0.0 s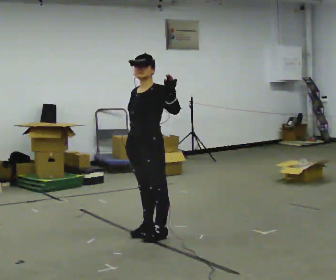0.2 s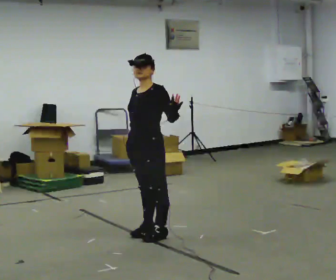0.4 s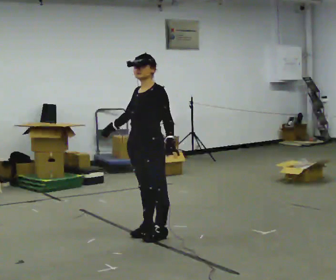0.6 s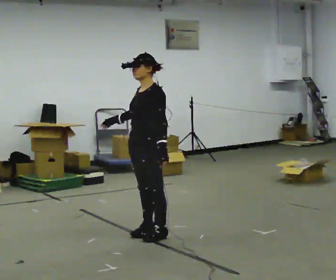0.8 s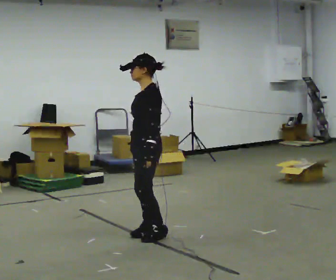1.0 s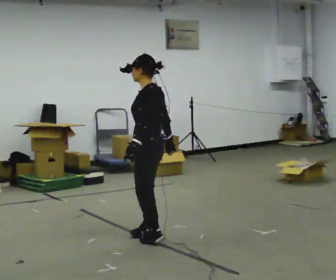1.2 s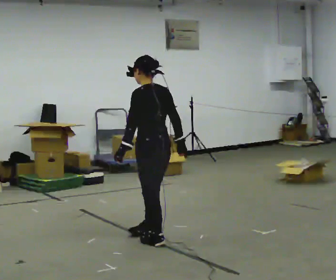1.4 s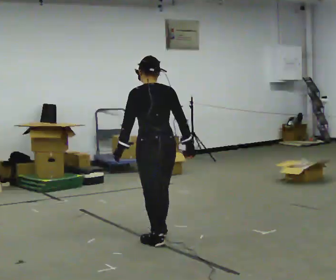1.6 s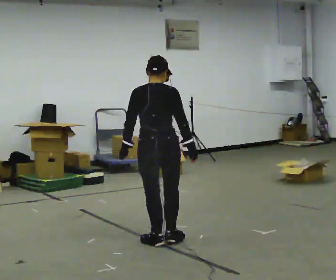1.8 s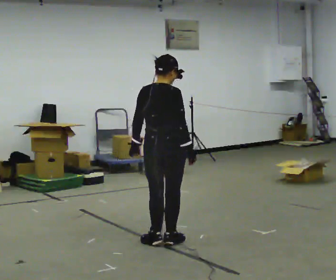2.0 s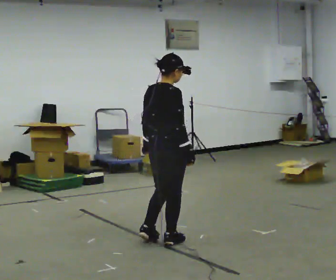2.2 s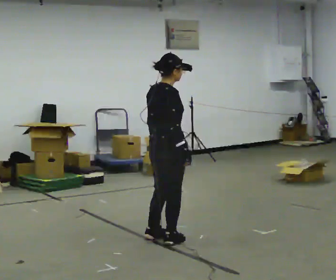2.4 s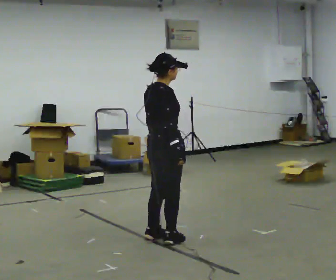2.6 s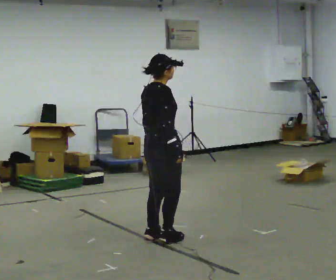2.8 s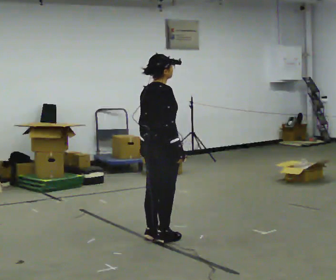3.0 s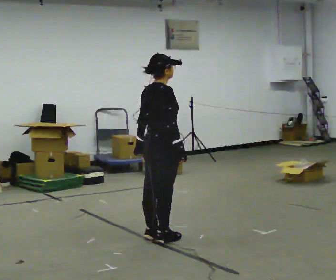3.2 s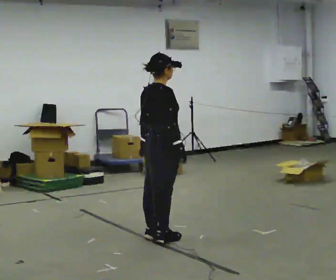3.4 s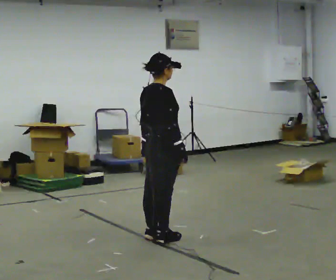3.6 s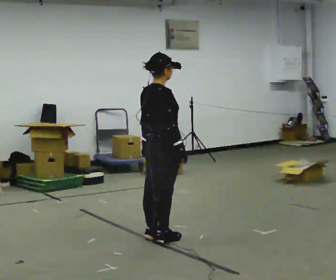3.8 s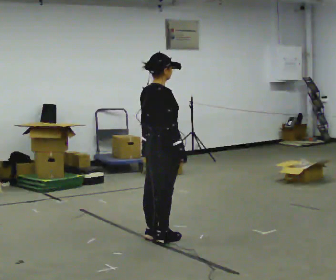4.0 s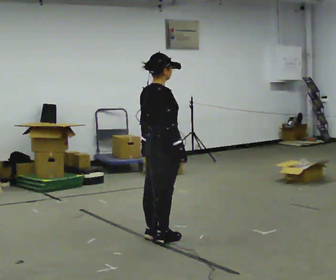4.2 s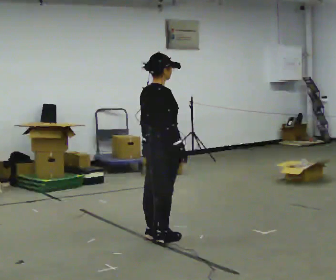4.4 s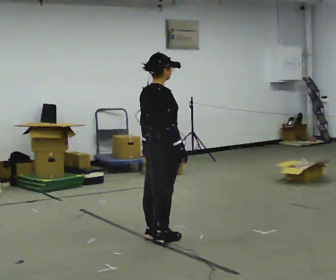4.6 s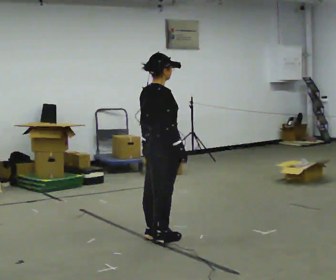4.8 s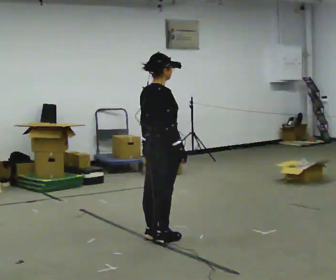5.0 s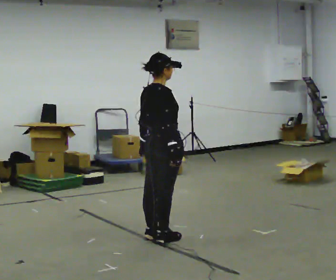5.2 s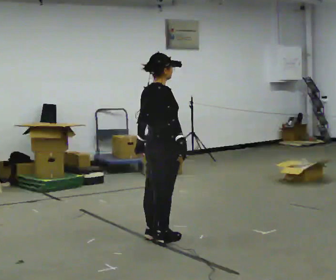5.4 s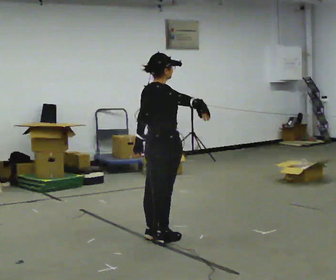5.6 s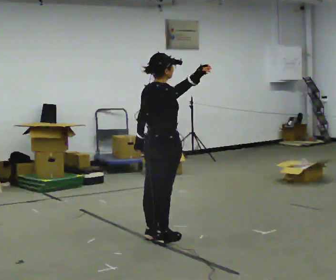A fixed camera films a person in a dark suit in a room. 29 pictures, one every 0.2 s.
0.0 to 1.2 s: The person turns about 90 degrees to their right, clockwise seen from above, so the part of the body nearest the lens slides to the left. In the picture they go toward the camera, about 0.25 m in 1 step. In the picture their left hand goes downward and to the left.
1.2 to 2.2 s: The person turns about 105 degrees to their right, clockwise seen from above, so the part of the body nearest the lens slides to the left.
2.2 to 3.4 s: The person moves a little, or ends about where they began.
3.4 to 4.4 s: The person keeps their place and pose.
4.4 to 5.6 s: In the picture their right hand goes upward.
The film runs forward here.
